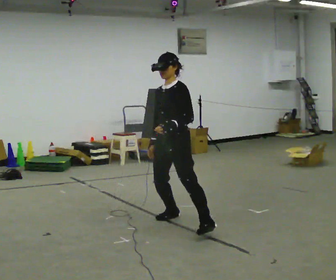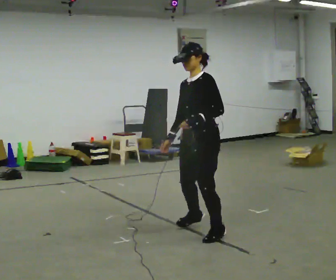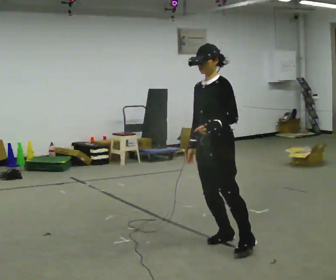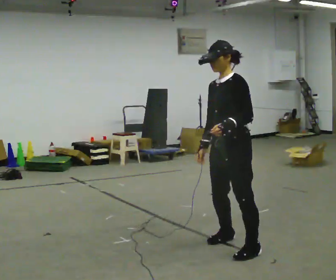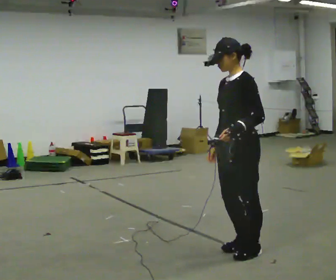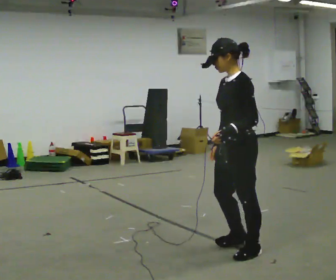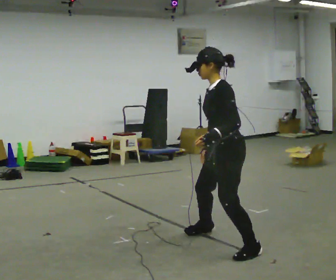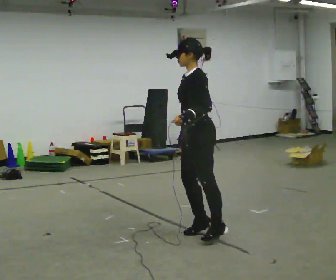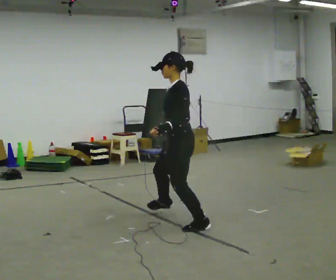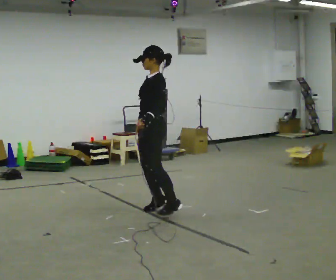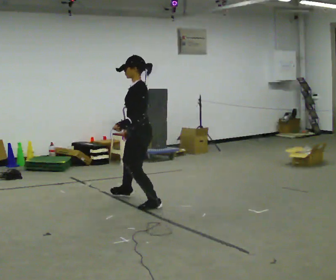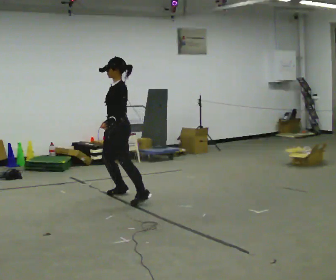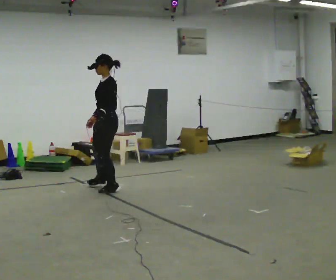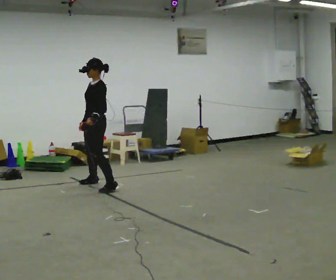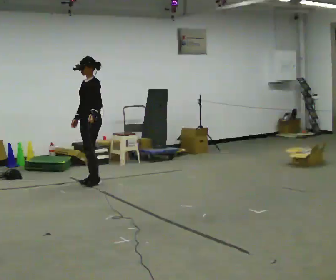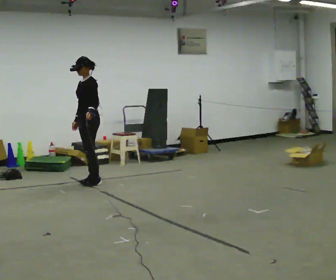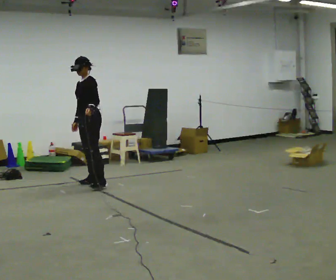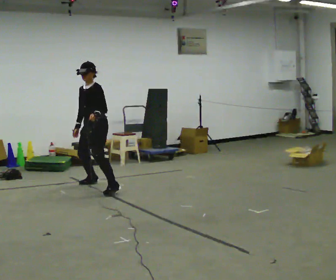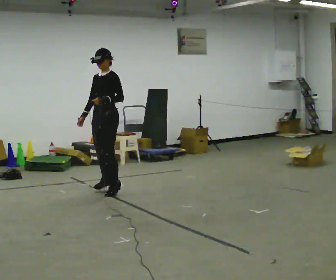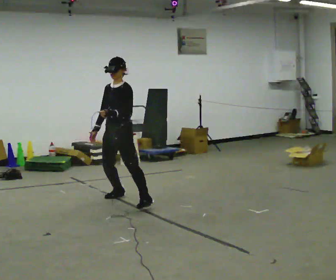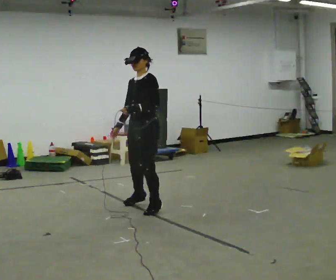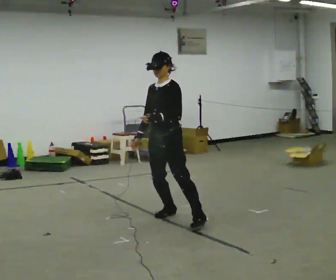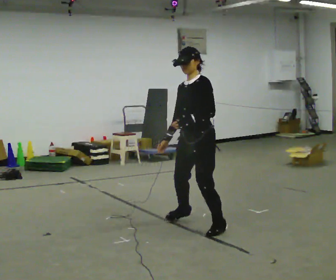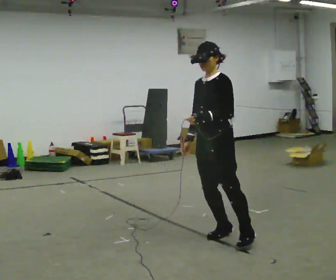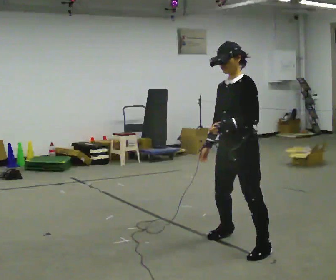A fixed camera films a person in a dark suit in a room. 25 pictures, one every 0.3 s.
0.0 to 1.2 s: In the picture they go toward the camera and to the right, about 1 m in 3 steps, which for them is to their left.
1.2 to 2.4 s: In the picture they go away from the camera and to the left, about 1 m in 2 steps, which for them is to their right.
2.4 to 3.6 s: In the picture they go away from the camera and to the left, about 1.5 m in 4 steps, which for them is to their right.
3.6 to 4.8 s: In the picture they go away from the camera and to the left, about 0.5 m in 2 steps, which for them is to their right.
4.8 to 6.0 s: In the picture they go toward the camera and to the right, about 1.5 m in 3 steps, which for them is to their left.
6.0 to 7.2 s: In the picture they go toward the camera and to the right, about 1.5 m in 4 steps, which for them is to their left.
The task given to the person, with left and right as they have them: Gallop forward leading with the leg the operator calls, keeping the same leg in front throughout.
The film runs forward here.
